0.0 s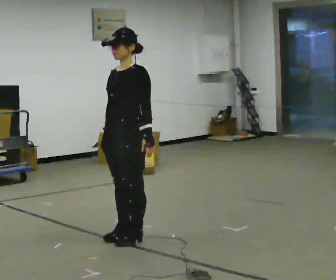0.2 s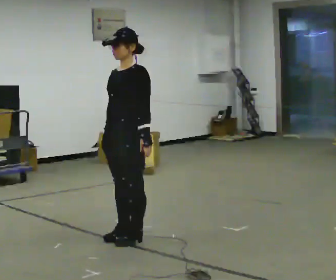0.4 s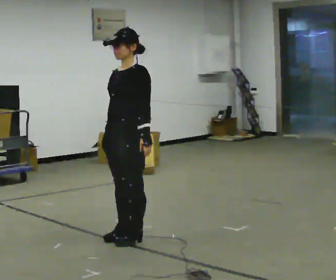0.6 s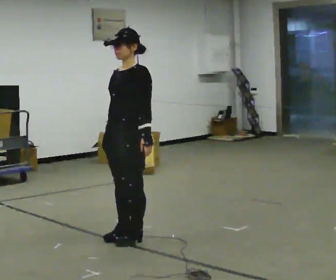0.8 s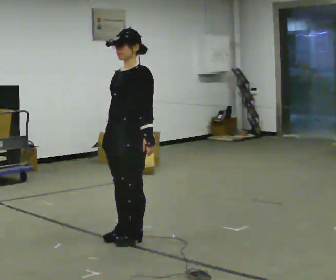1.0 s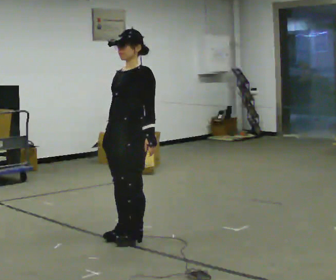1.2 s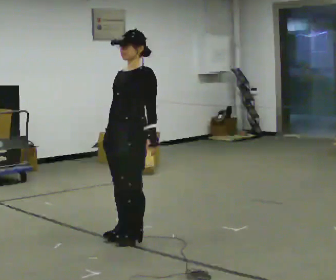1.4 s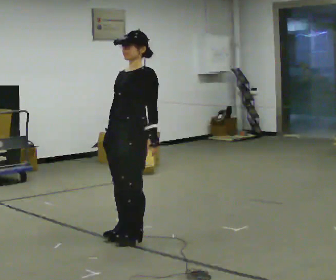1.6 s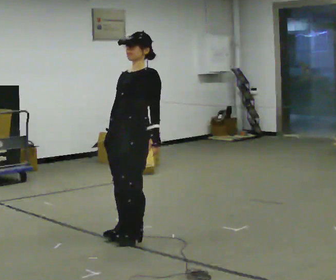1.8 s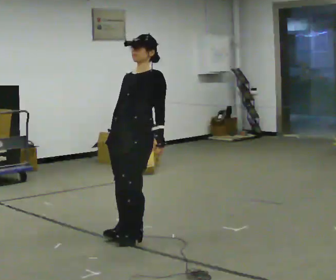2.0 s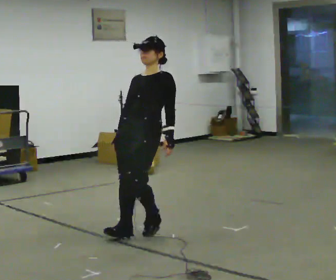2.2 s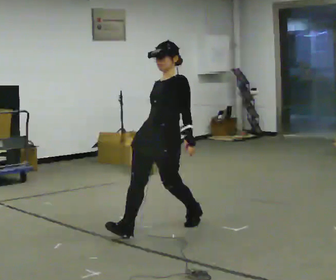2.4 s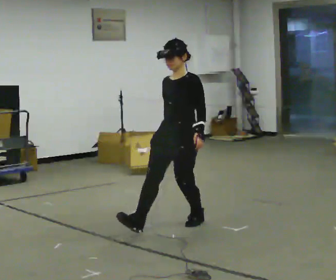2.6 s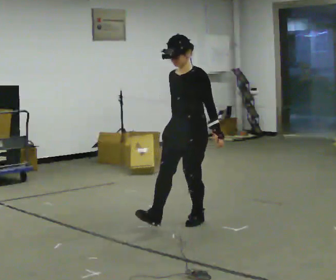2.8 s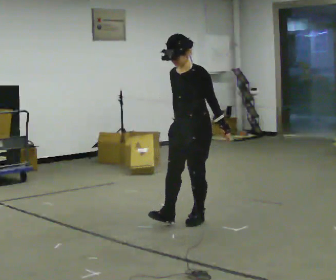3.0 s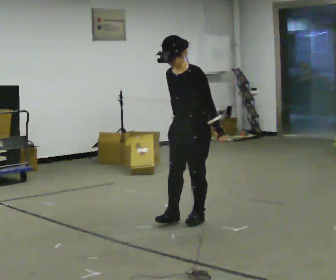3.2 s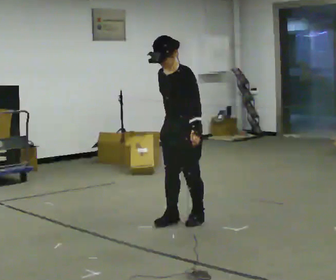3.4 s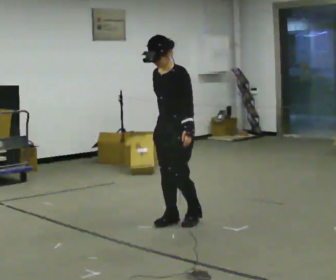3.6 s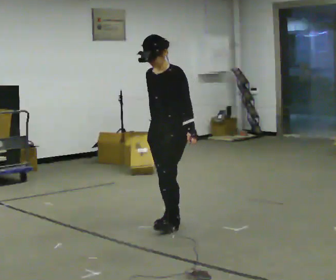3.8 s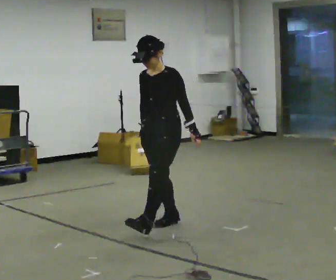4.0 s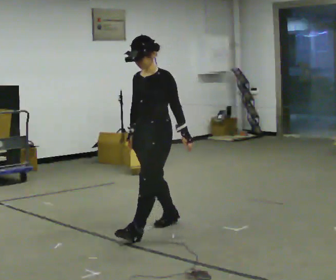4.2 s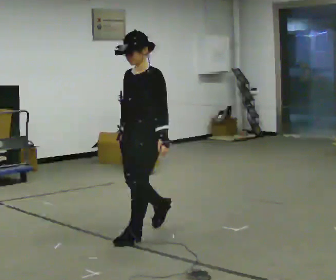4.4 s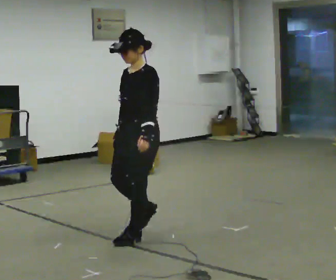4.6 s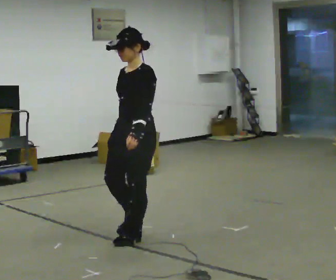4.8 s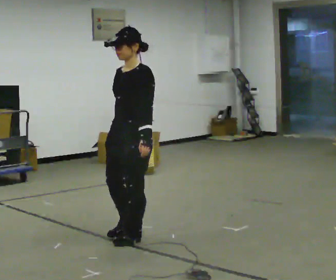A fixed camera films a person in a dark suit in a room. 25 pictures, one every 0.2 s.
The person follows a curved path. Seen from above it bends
counterclockwise.
0.0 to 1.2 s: The person moves a little, or ends about where they began.
1.2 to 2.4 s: In the picture they go to the right and away from the camera, about 0.5 m in 1 step, which for them is backward.
2.4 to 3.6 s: The person moves a little, or ends about where they began.
3.6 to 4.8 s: In the picture they go toward the camera and to the left, about 0.5 m in 2 steps, which for them is forward and to their left.
The film runs forward here.
